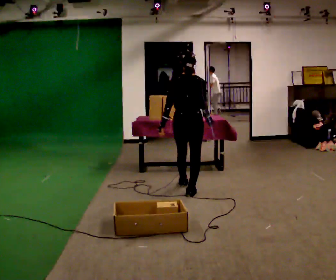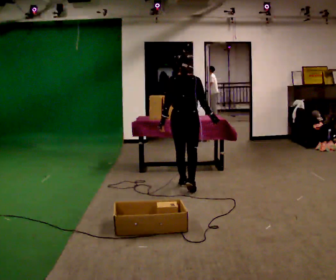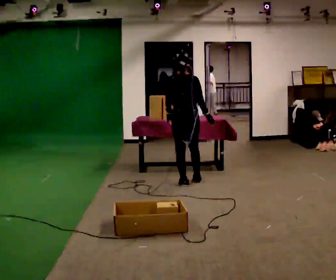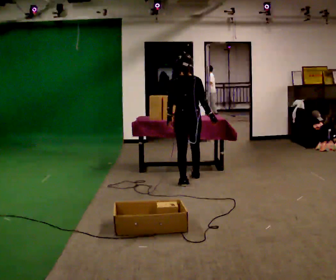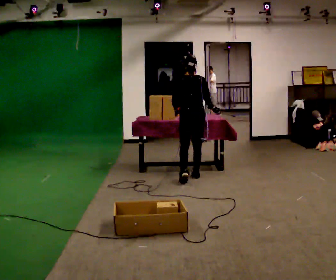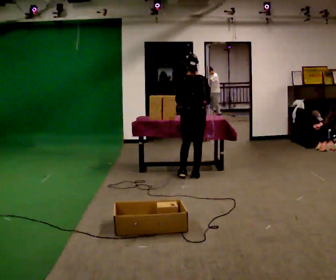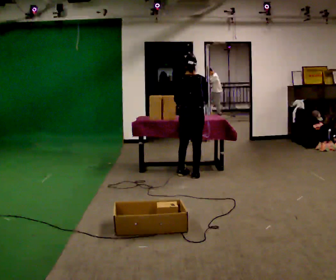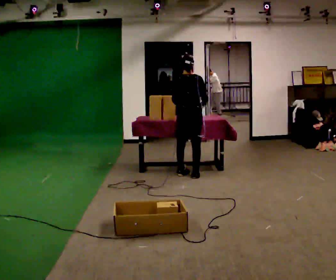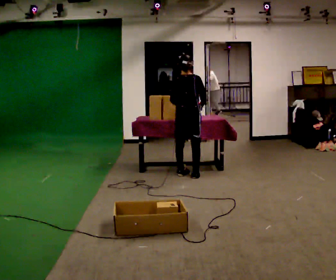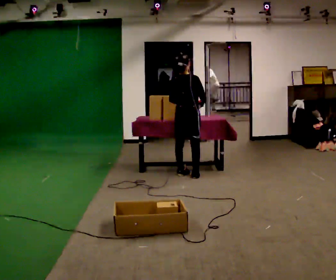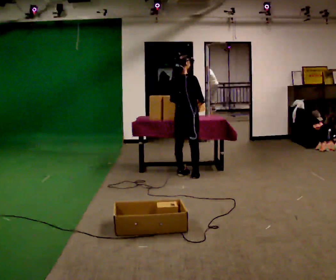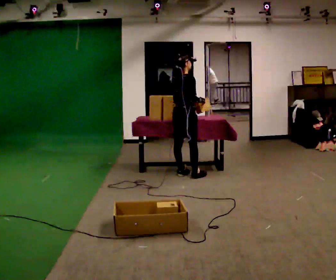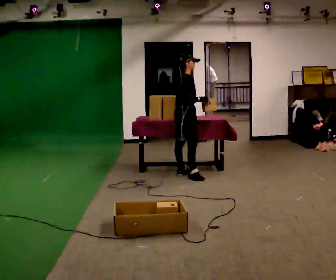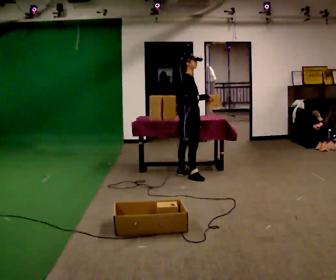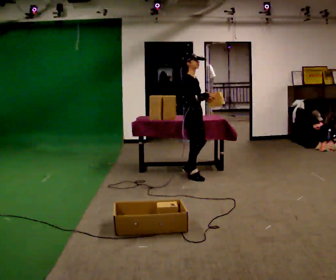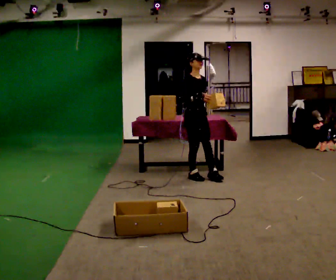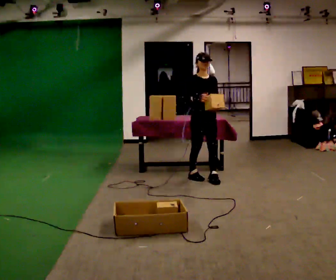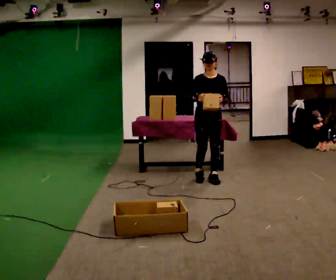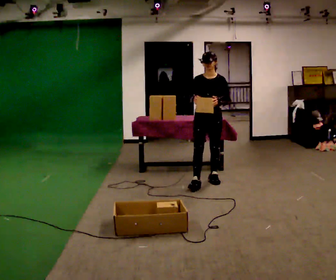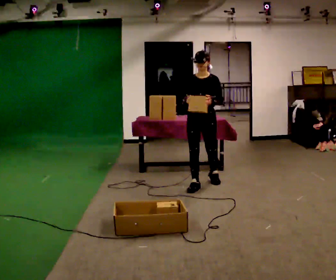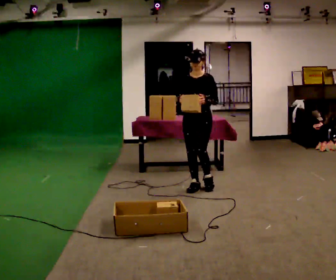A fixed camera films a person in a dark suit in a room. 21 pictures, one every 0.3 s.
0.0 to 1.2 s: In the picture they go away from the camera, about 0.5 m in 1 step, which for them is forward.
1.2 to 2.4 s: In the picture they go away from the camera, about 0.25 m in 1 step, which for them is forward.
2.4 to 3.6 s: The part of the body nearest the lens slides to the left as the person turns to their right by about 60 degrees.
3.6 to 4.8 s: Seen from above the body turns clockwise, about 90 degrees: to their right, with its near side sliding to the left. In the picture they go to the right and toward the camera, about 0.25 m in 1 step.
4.8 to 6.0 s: The person turns about 45 degrees to their right, clockwise seen from above, so the part of the body nearest the lens slides to the left. In the picture they go toward the camera, about 0.5 m in 1 step, which for them is forward.
The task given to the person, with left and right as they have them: Carry the object across the room, open the lid of the container, put the object inside, and close the lid again. Then go back for the next one. Keep going until the operator says stop; one object at a time, and do not rush between trips.
The film runs forward here.
